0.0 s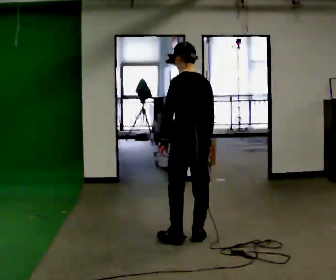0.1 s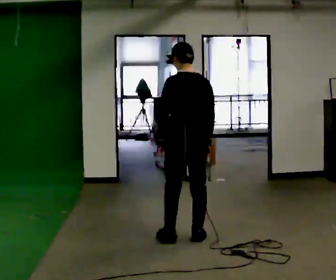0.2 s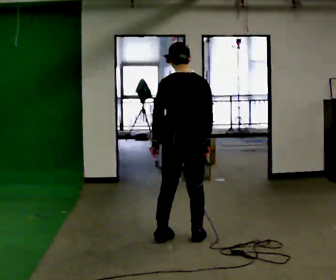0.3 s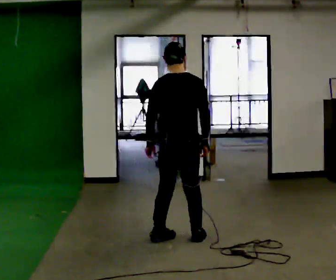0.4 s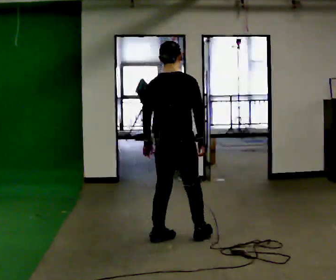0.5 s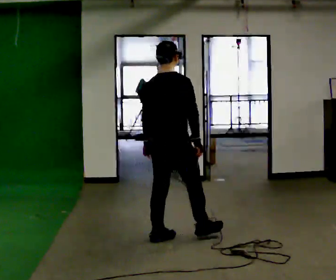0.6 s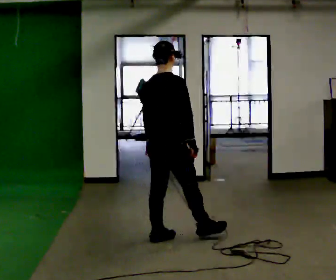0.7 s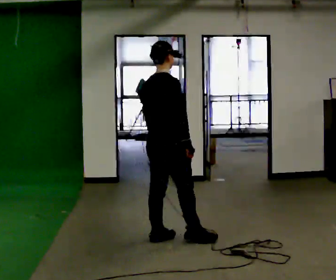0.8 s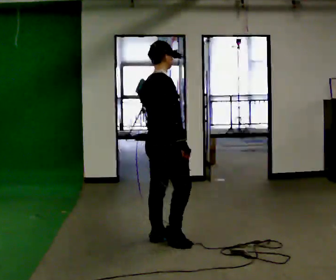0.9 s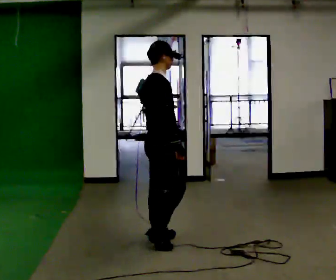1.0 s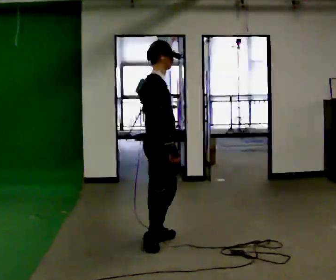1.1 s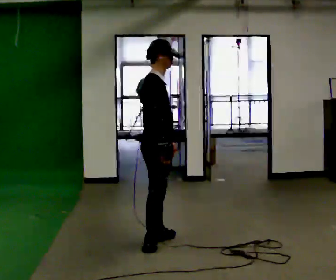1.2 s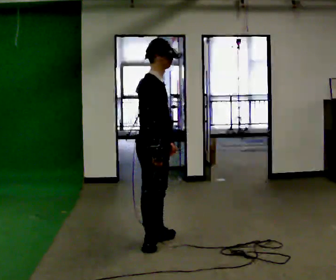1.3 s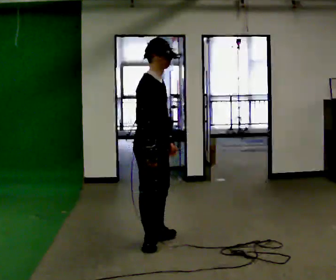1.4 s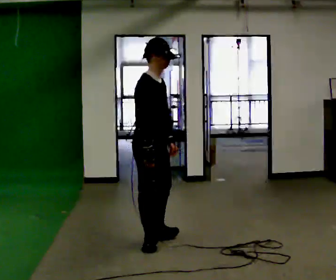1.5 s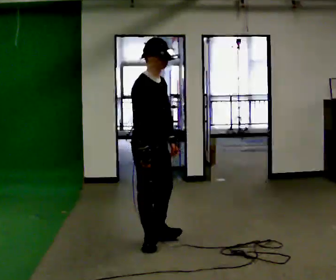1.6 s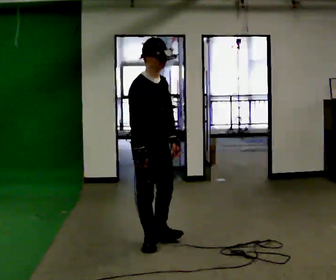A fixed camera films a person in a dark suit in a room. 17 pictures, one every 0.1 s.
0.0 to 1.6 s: Seen from above the body turns clockwise, about 165 degrees: to their right, with its near side sliding to the left. In the picture they go to the left, about 0.25 m in 1 step. The upper body tips toward the camera, its near side rolling downward.
The film runs backward here.
